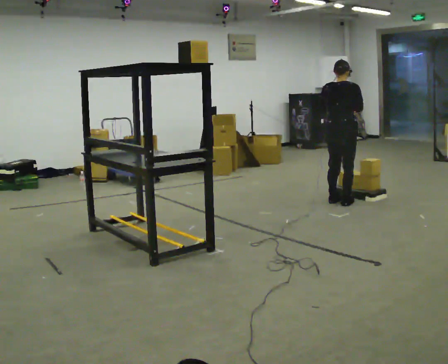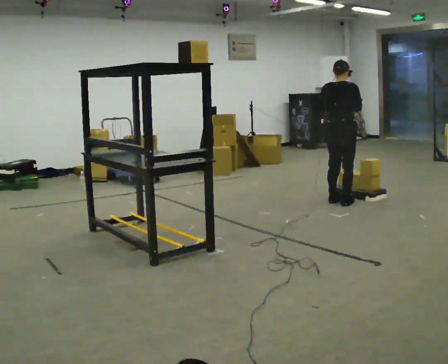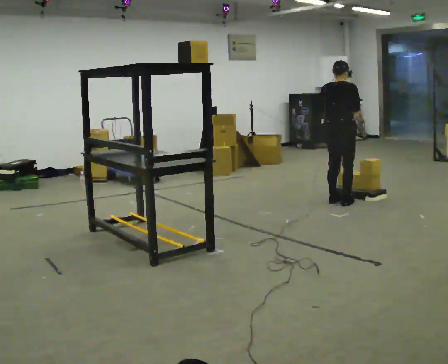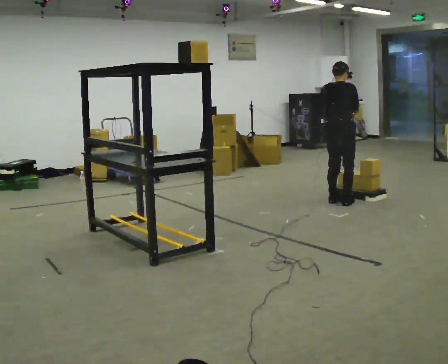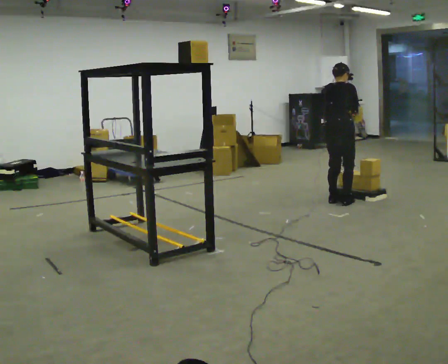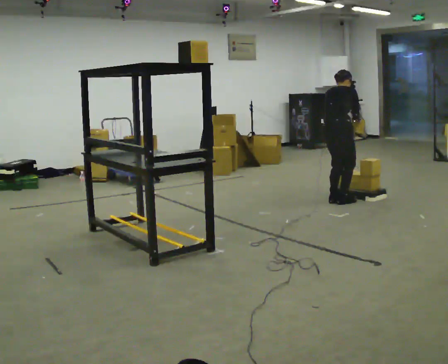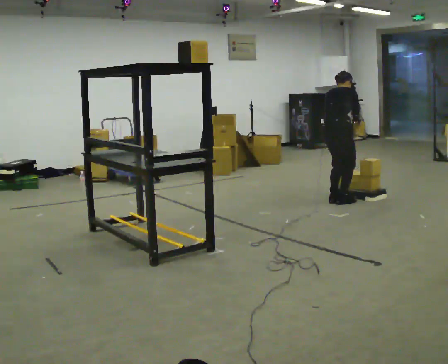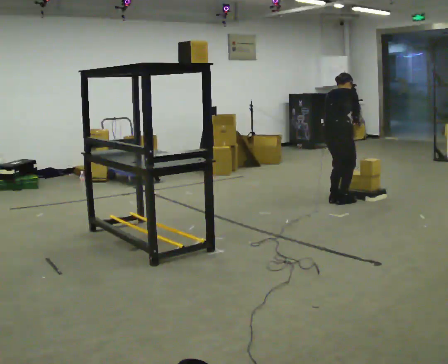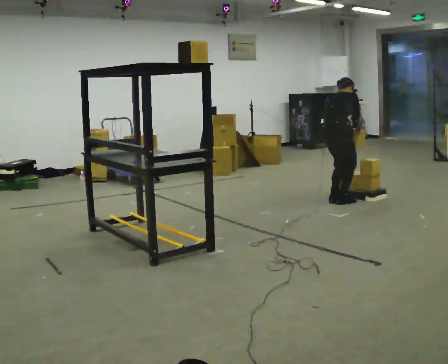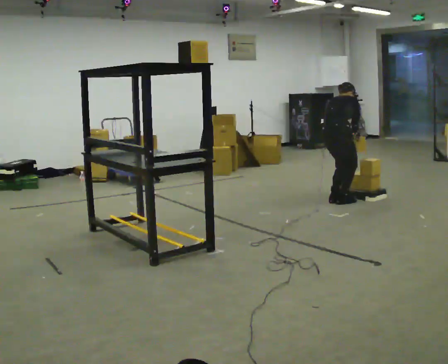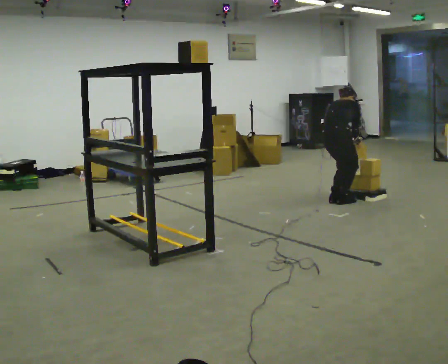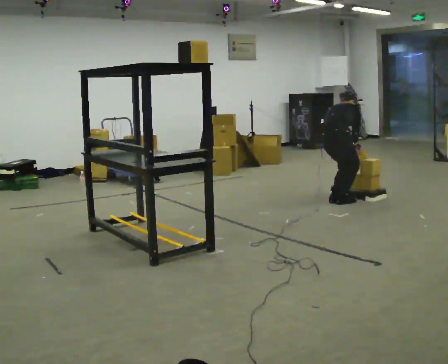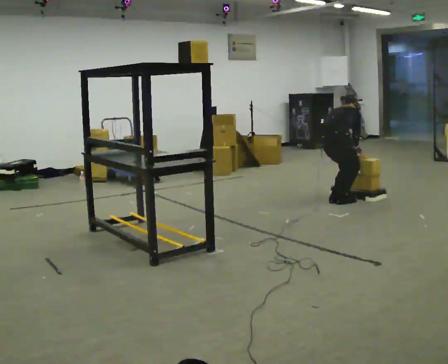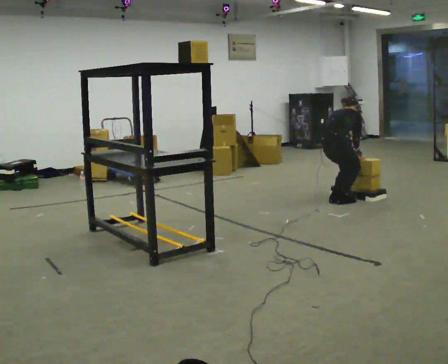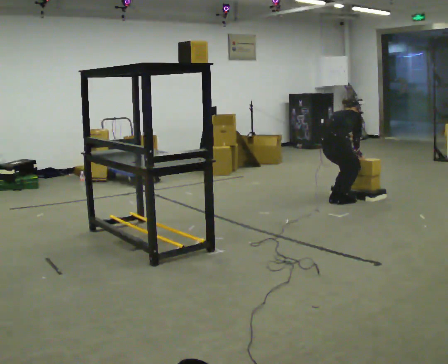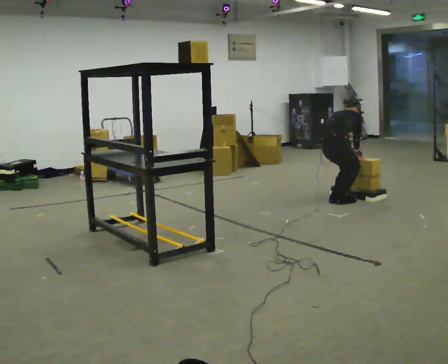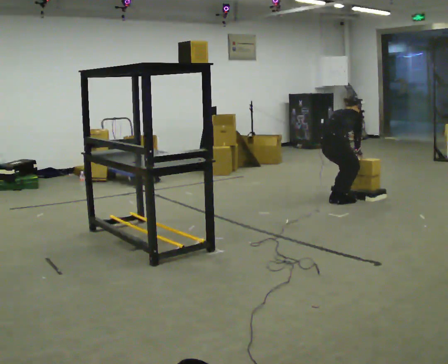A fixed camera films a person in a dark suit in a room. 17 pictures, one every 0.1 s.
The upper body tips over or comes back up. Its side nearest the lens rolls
upward.
Their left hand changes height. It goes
downward.
0.0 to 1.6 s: The person turns about 30 degrees to their right, clockwise seen from above, so the part of the body nearest the lens slides to the left. The shoulders move downward. The upper body tips away from the camera, its near side rolling upward, as they bend forward. In the picture their left hand goes downward.
The film runs backward here.
